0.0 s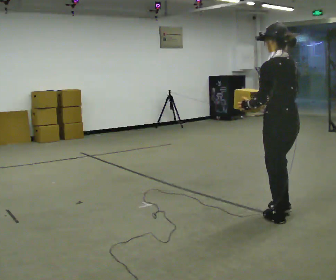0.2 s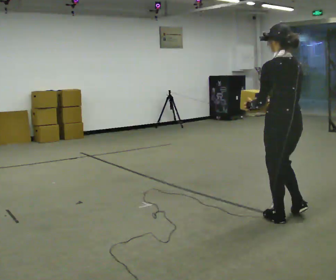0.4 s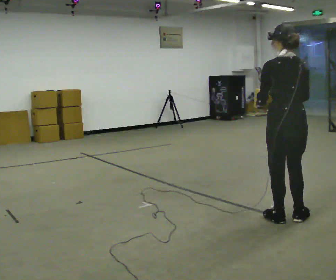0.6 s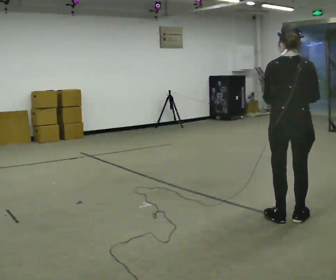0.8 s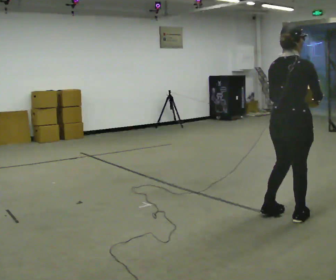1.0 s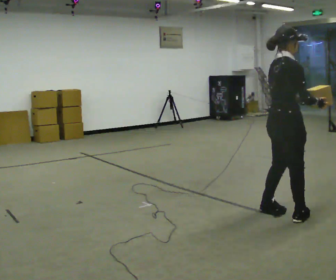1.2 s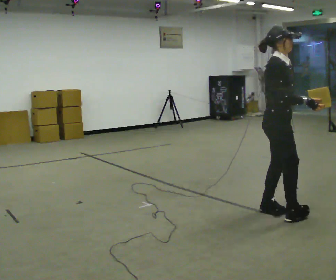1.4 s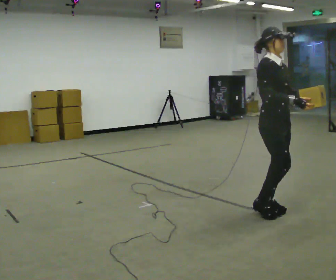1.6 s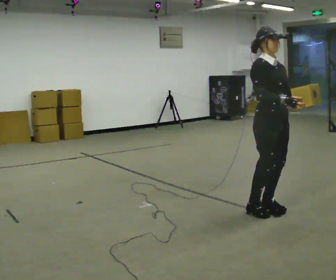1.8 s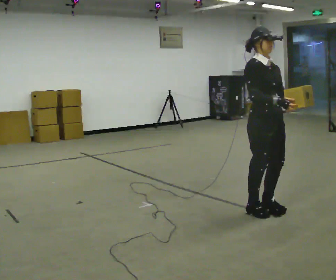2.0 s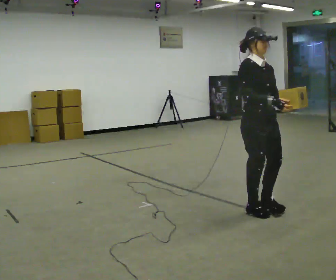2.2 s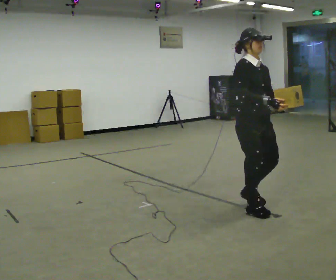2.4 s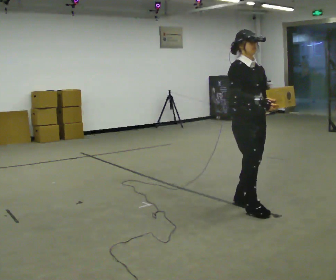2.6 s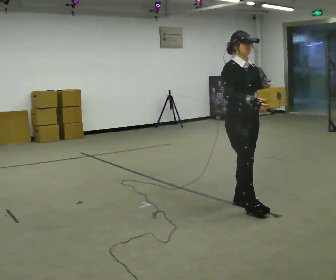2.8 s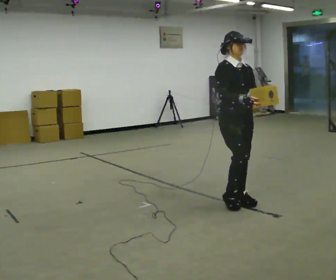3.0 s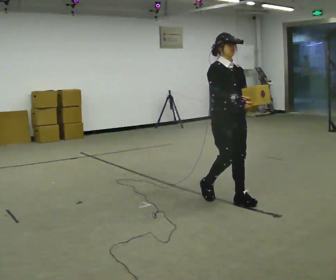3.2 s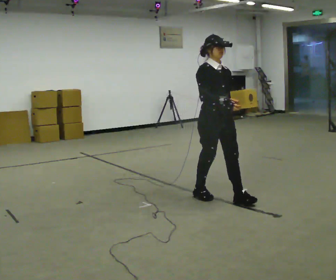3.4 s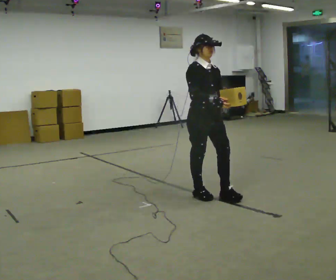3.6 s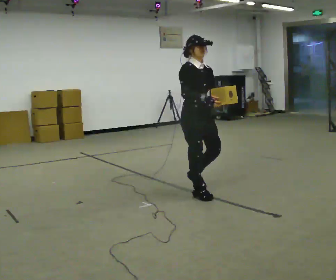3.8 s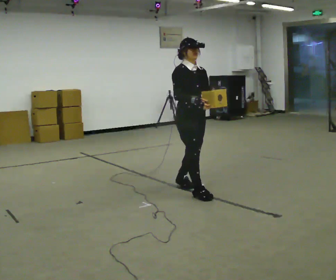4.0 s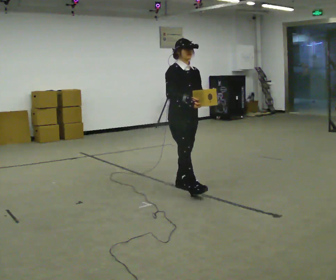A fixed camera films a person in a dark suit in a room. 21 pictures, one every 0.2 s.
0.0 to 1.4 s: Seen from above the body turns clockwise, about 165 degrees: to their right, with its near side sliding to the left. In the picture they go away from the camera, about 0.25 m in 2 steps.
1.4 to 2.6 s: In the picture they go to the left and away from the camera, about 0.25 m in 1 step, which for them is backward.
2.6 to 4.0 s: In the picture they go to the left and away from the camera, about 1 m in 3 steps, which for them is backward.
The film runs backward here.
